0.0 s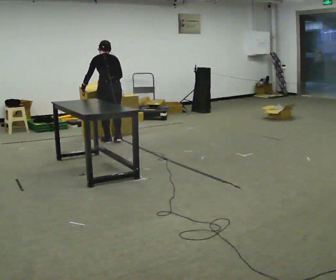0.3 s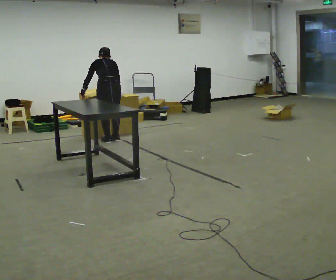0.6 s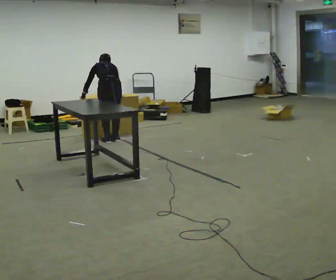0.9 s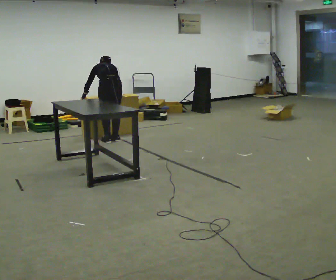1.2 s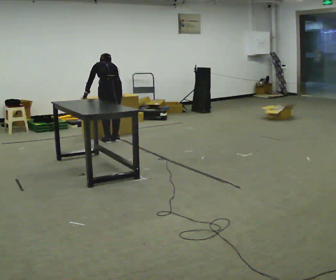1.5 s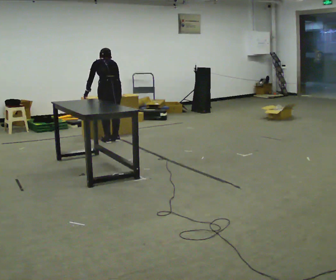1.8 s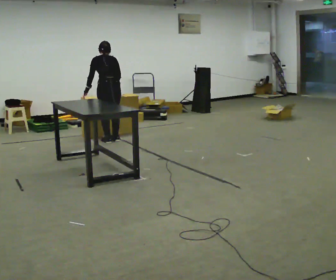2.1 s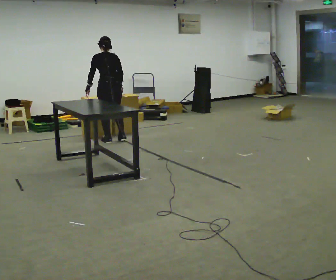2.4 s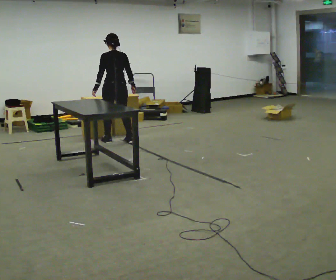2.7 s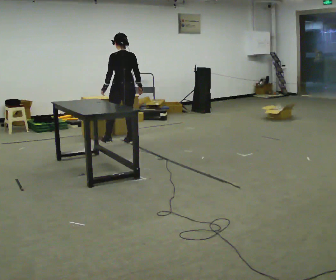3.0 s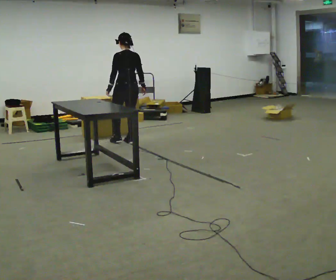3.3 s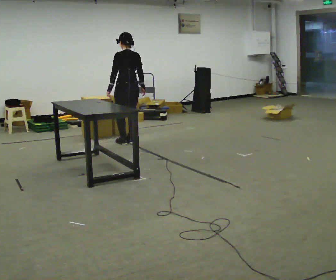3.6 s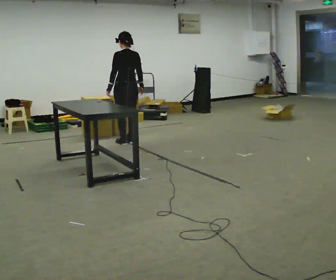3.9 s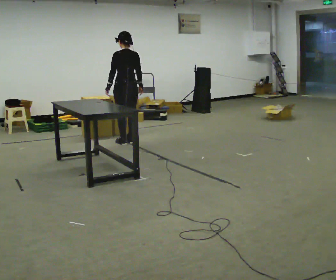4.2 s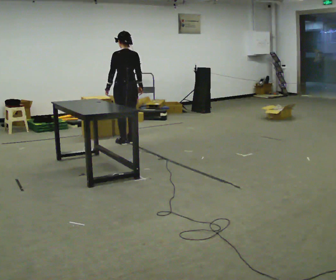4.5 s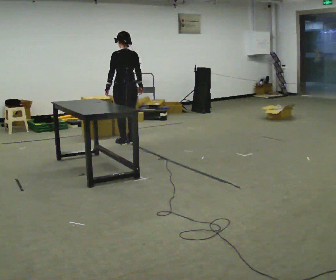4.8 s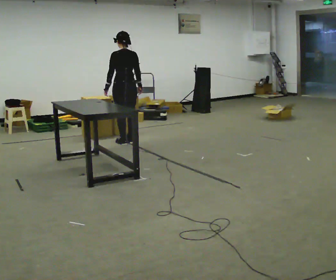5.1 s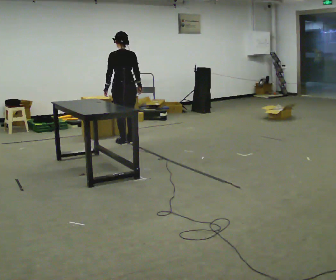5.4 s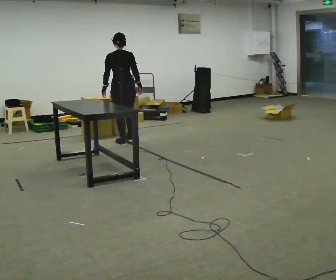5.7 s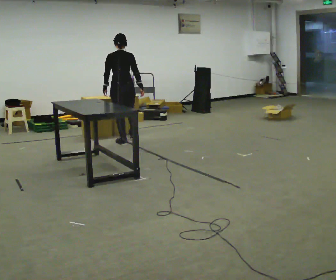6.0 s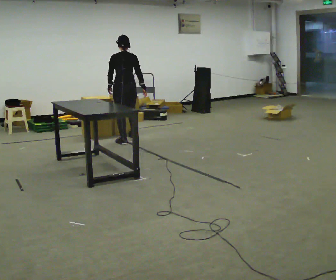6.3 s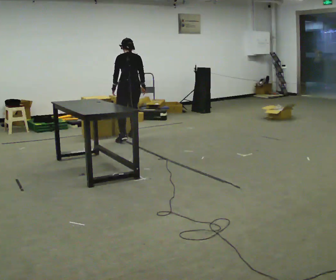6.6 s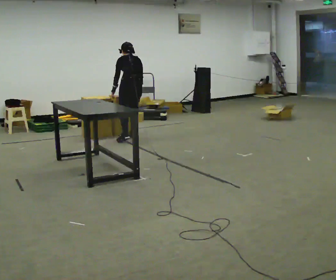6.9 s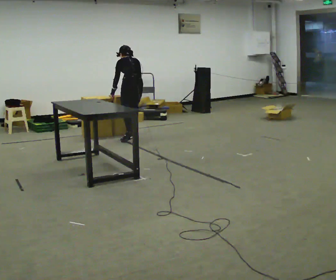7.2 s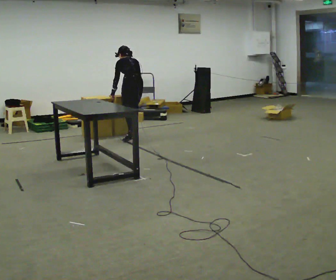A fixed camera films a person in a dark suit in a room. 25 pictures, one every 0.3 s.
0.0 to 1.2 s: The upper body tips away from the camera, its near side rolling upward, as they bend forward.
1.2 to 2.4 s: The upper body goes upward. The upper body tips toward the camera, its near side rolling downward, as they lean back or straighten. In the picture their right hand goes to the right.
2.4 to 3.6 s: In the picture they go to the right, about 0.25 m in 1 step, which for them is backward.
3.6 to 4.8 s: The person moves a little, or ends about where they began.
4.8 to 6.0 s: In the picture they go away from the camera, about 0.25 m in 1 step, which for them is forward.
6.0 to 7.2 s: In the picture they go away from the camera, about 0.25 m, which for them is to their right and forward. The upper body tips away from the camera, its near side rolling upward, as they bend forward.
The film runs forward here.
